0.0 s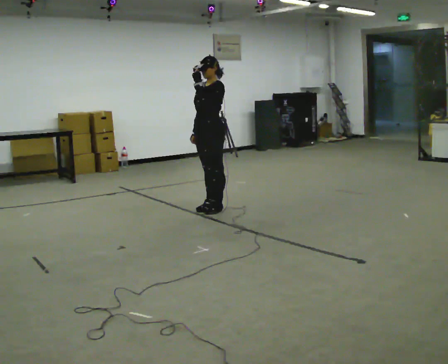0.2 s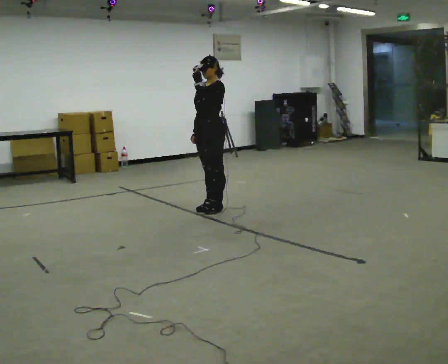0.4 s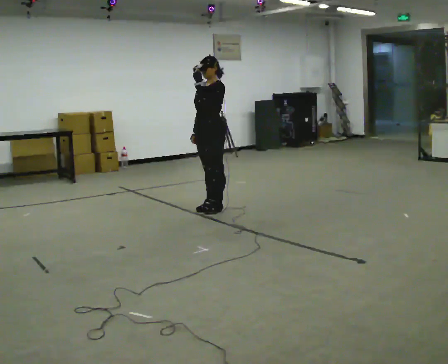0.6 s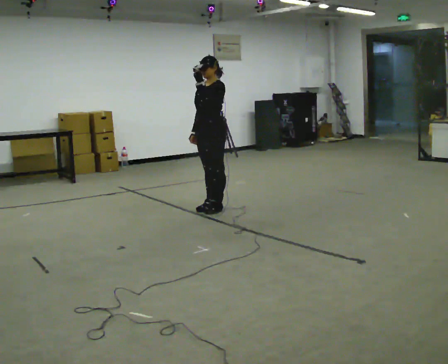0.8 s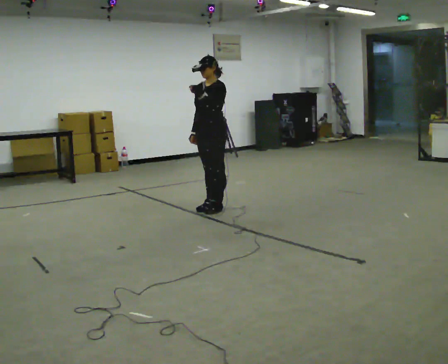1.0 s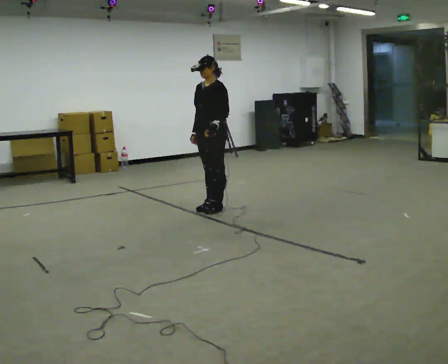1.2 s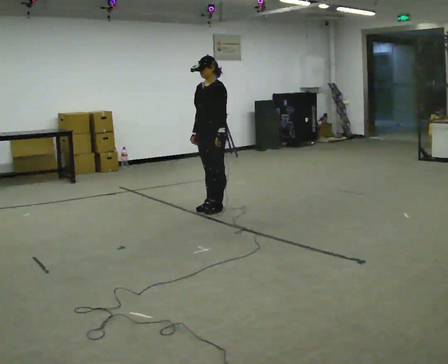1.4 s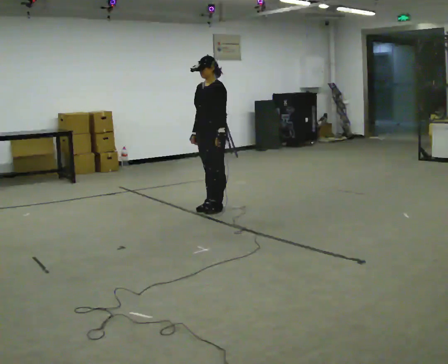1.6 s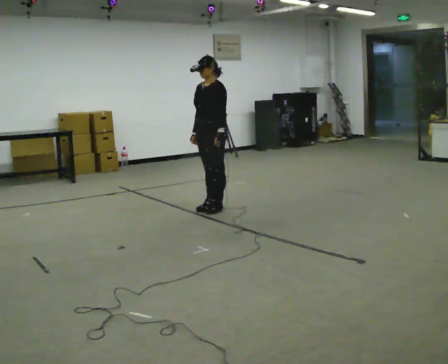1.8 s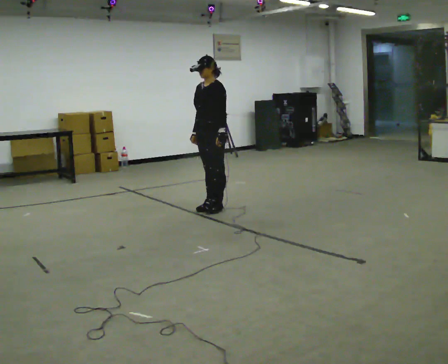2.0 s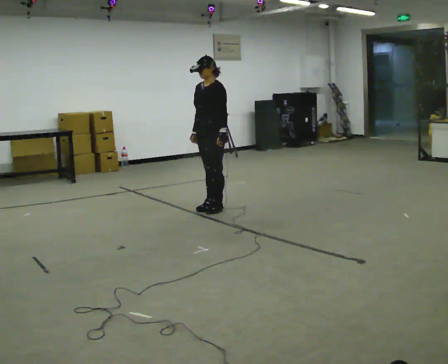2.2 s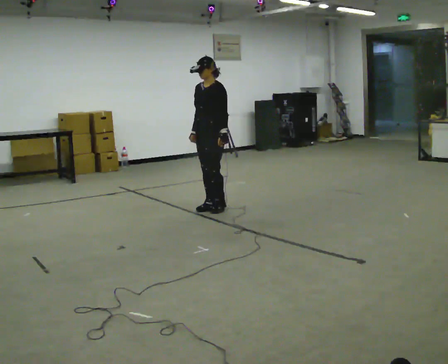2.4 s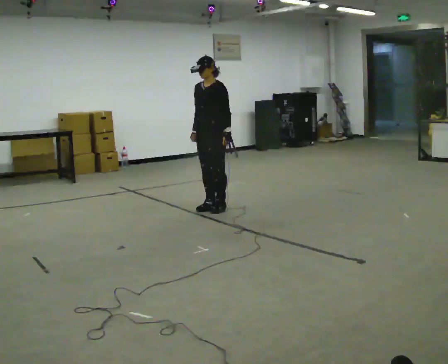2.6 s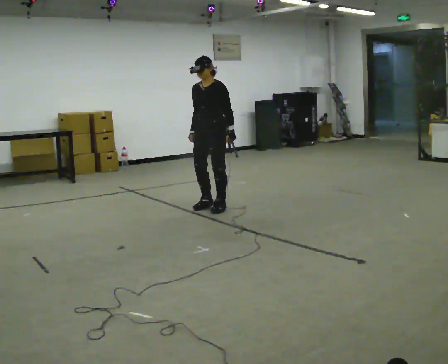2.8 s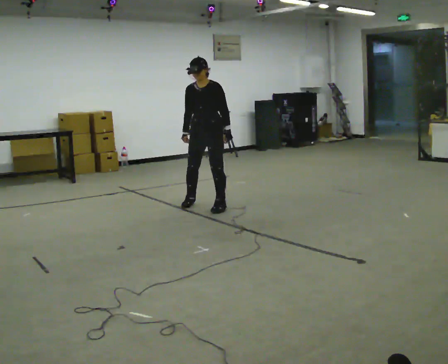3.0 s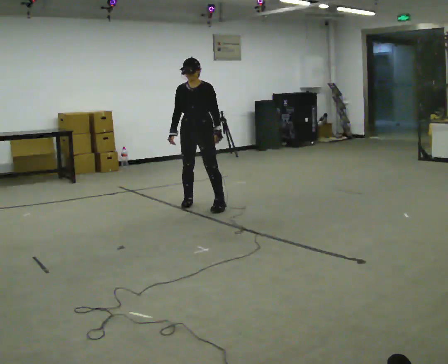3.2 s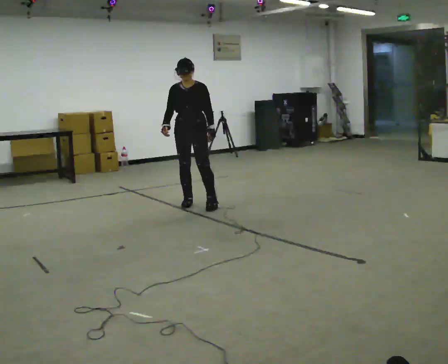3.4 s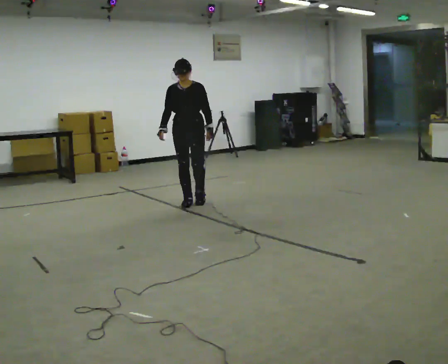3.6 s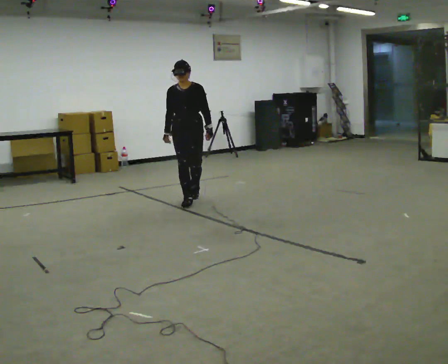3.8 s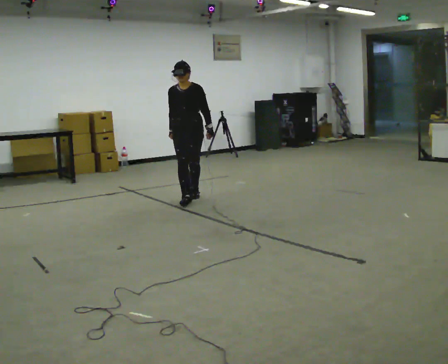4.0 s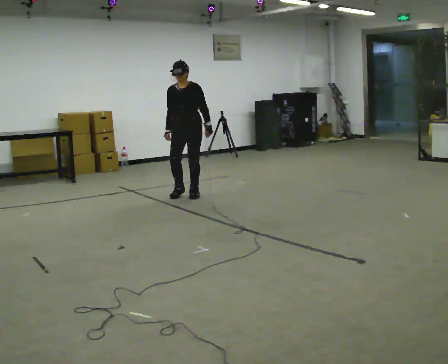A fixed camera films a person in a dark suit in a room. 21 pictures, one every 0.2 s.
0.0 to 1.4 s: In the picture their left hand goes downward.
1.4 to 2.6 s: The person moves a little, or ends about where they began.
2.6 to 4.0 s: In the picture they go away from the camera and to the left, about 0.75 m in 2 steps, which for them is backward and to their right.
The film runs backward here.
